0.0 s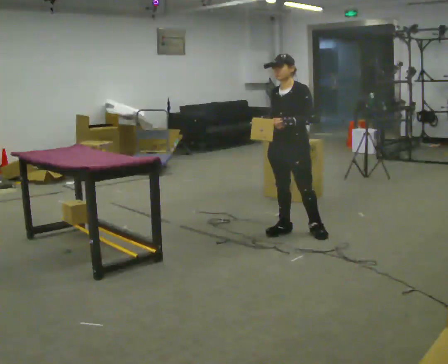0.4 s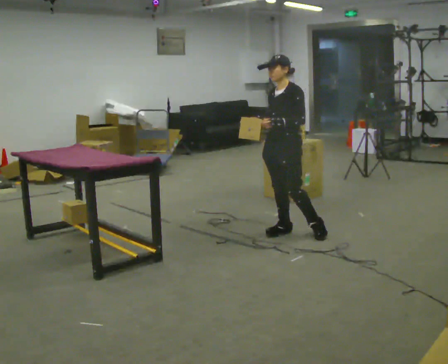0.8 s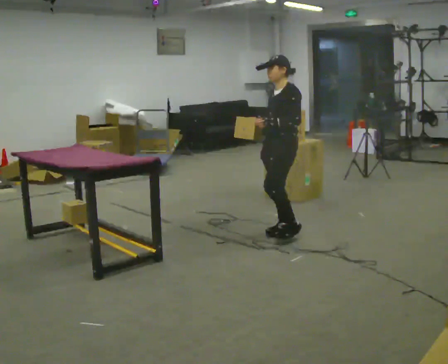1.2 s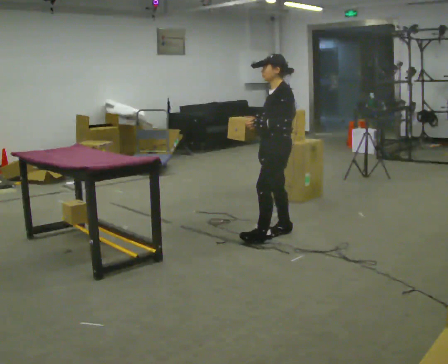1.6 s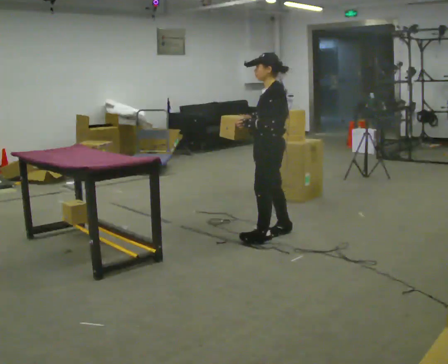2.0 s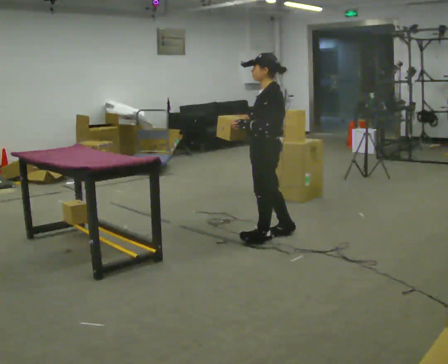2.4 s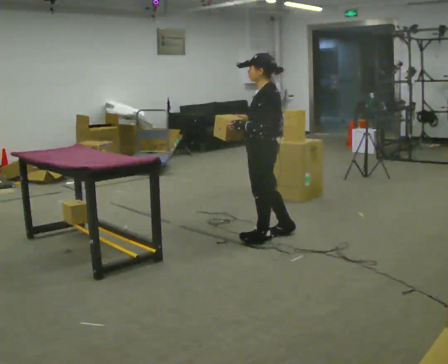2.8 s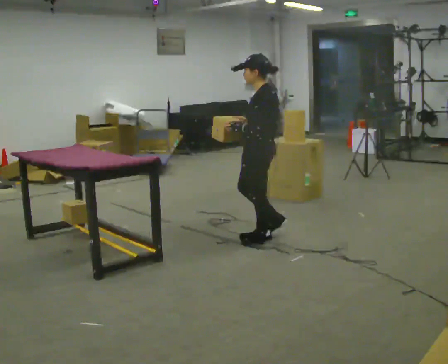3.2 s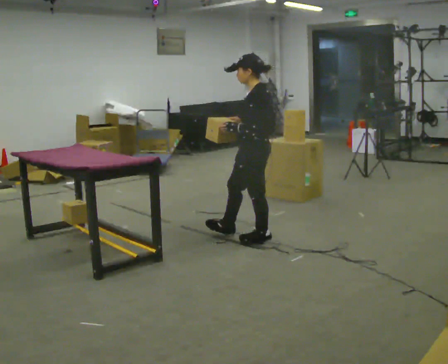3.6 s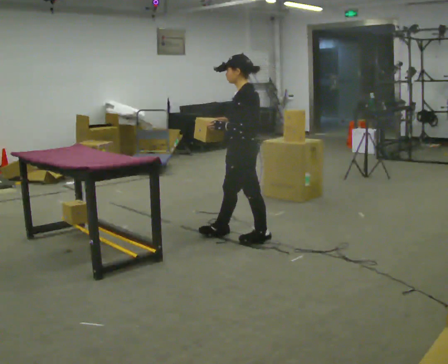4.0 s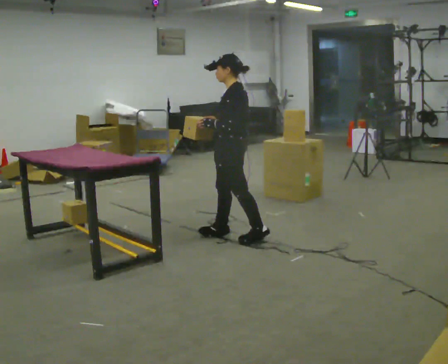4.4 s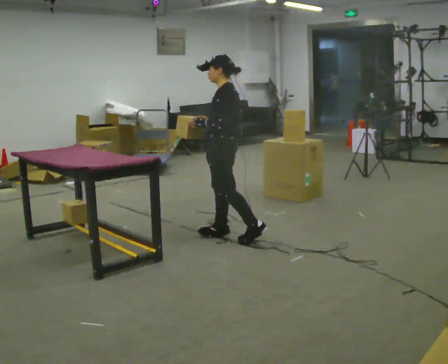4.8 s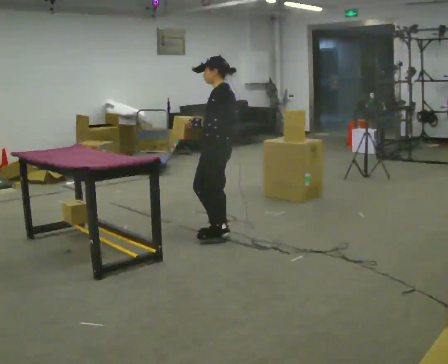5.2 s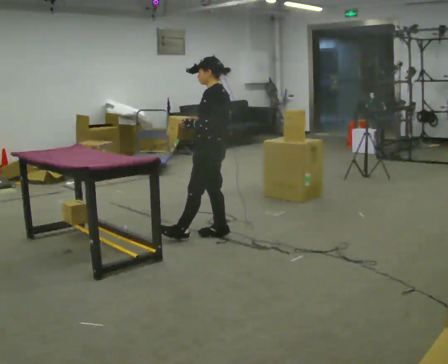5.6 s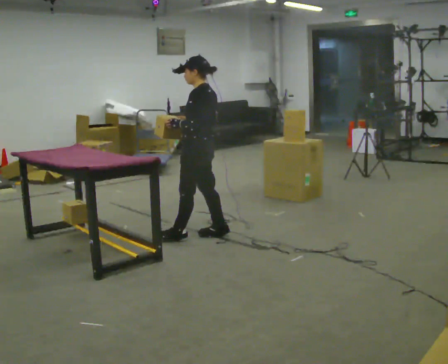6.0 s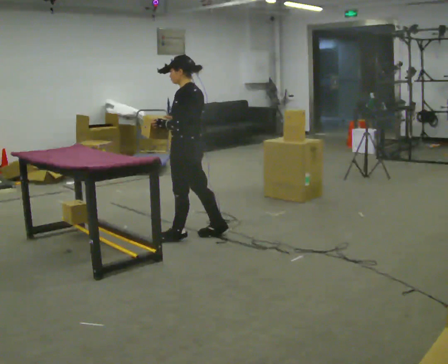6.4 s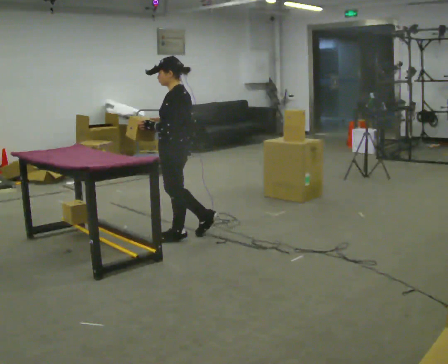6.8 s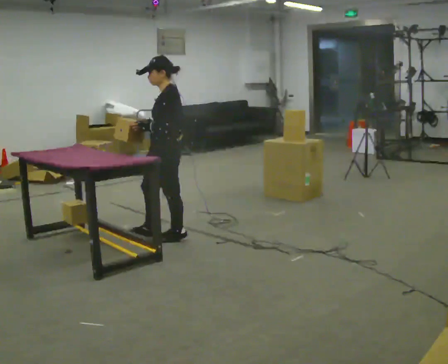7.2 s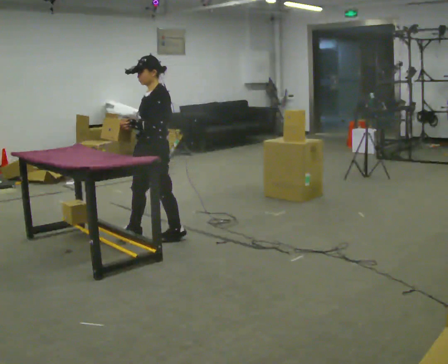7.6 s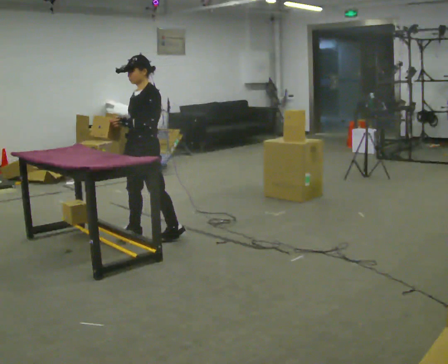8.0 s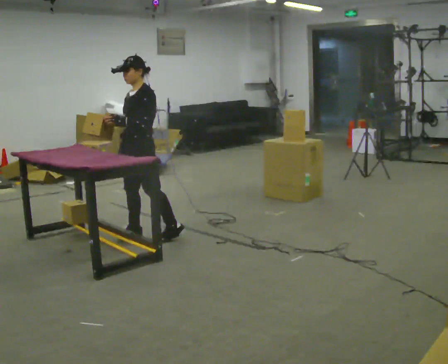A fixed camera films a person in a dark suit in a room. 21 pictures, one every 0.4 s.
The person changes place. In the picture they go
to the left.
0.0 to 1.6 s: Seen from above the body turns clockwise, about 45 degrees: to their right, with its near side sliding to the left. In the picture they go to the left, about 0.25 m in 1 step, which for them is forward.
1.6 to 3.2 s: The person moves a little, or ends about where they began.
3.2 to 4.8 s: In the picture they go to the left and away from the camera, about 0.25 m in 1 step, which for them is forward and to their right.
4.8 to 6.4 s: In the picture they go to the left, about 0.25 m in 1 step, which for them is forward and to their left.
6.4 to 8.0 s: The part of the body nearest the lens slides to the right as the person turns to their left by about 45 degrees. In the picture they go to the left, about 0.25 m in 1 step, which for them is forward and to their right.
The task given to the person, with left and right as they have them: 1. The operator will tell you the shelf is already sorted and just needs moving to the table. 2. Do what you think is right. 3. Tell the operator when you are finished.
The film runs forward here.
